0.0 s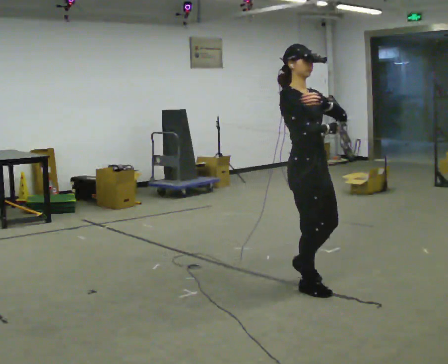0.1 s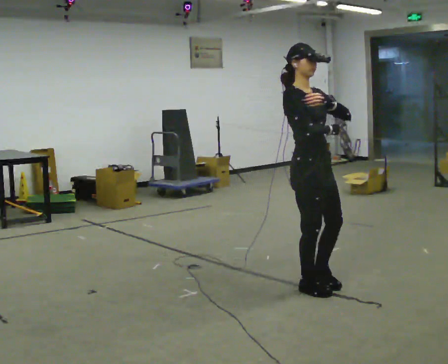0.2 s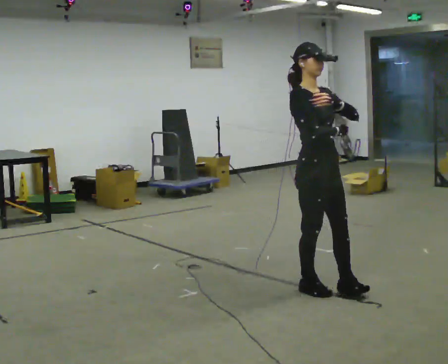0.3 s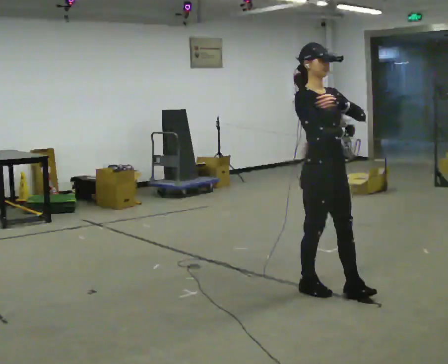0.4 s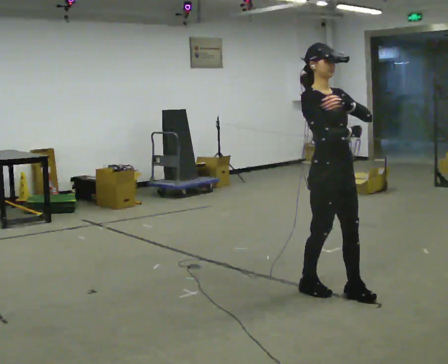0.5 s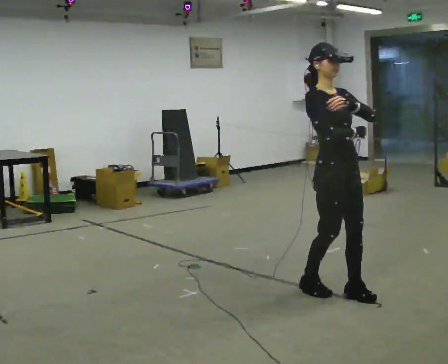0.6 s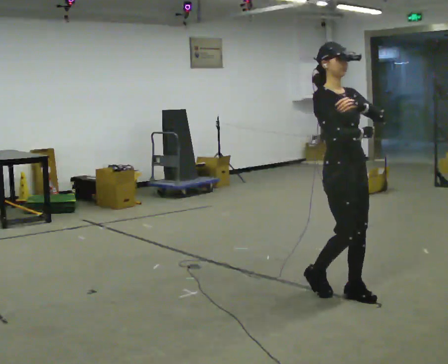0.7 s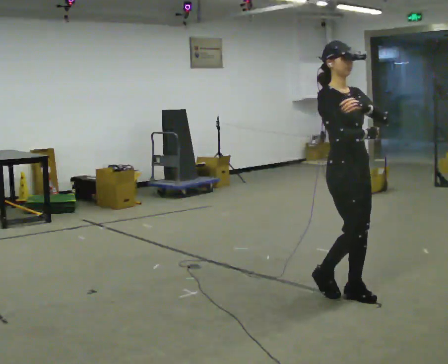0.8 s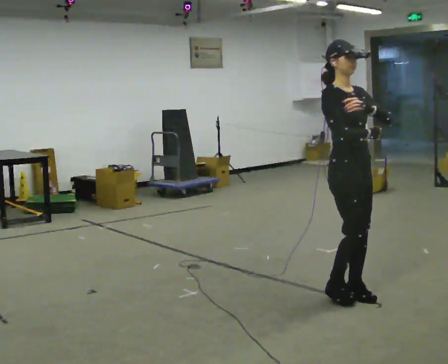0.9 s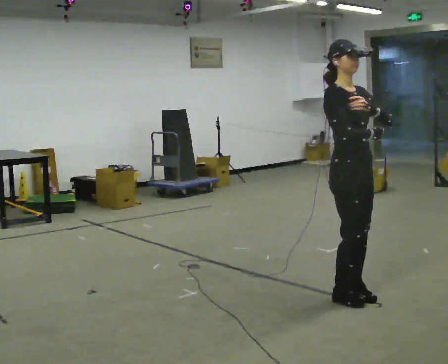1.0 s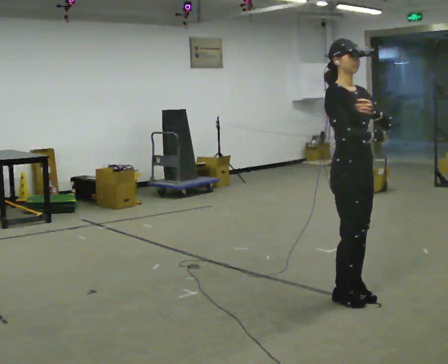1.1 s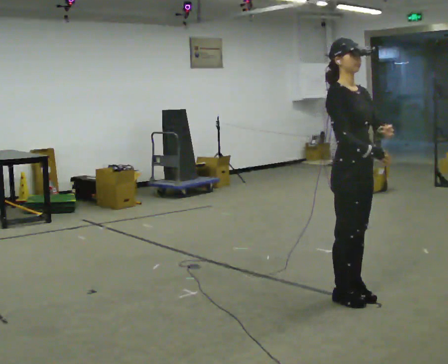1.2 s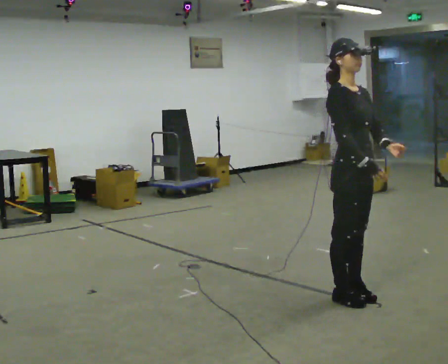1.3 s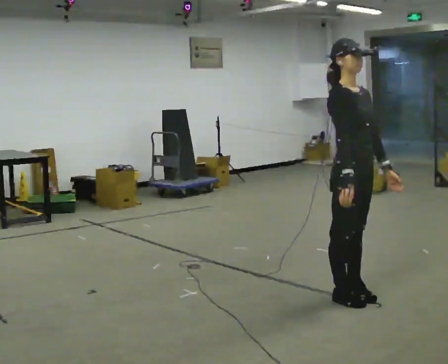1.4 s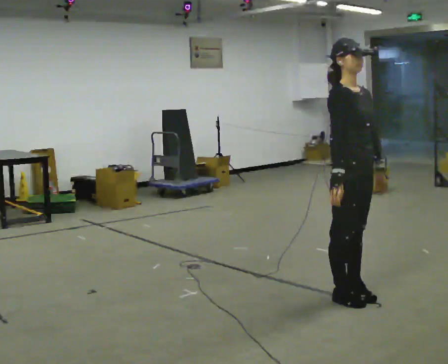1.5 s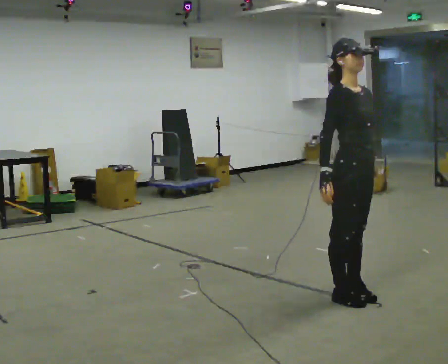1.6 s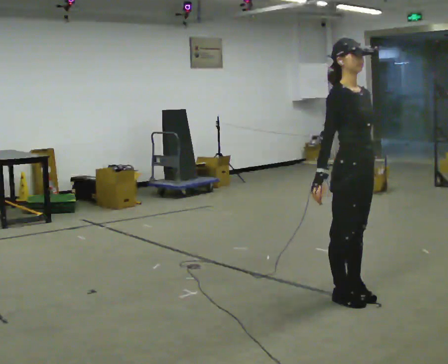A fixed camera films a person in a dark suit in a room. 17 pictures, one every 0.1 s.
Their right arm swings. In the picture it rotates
clockwise.
0.0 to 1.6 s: In the picture they go to the right and toward the camera, about 0.25 m in 2 steps, which for them is forward. In the picture their left hand goes downward.
The film runs forward here.
